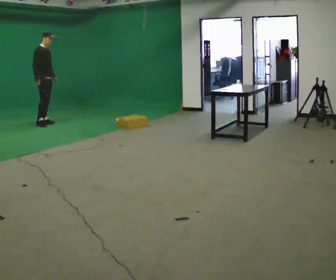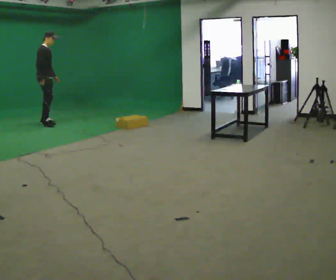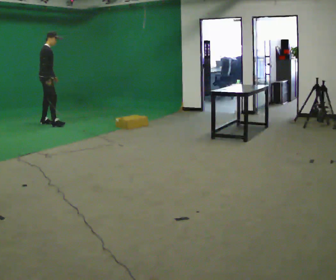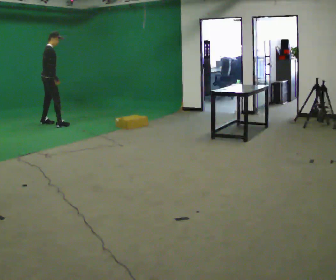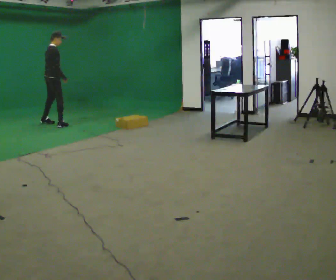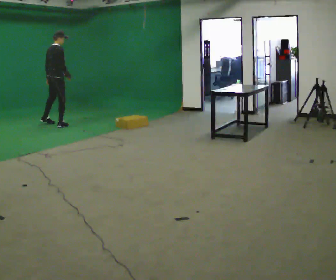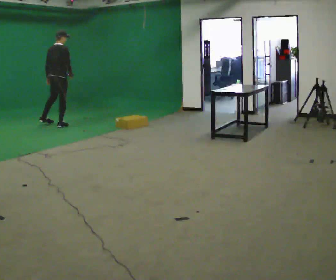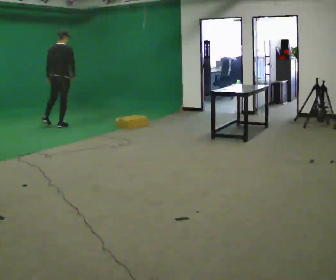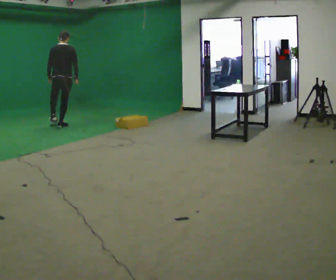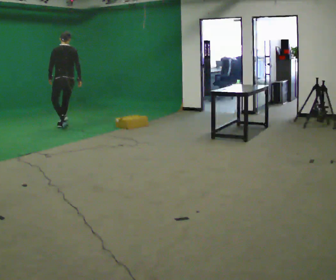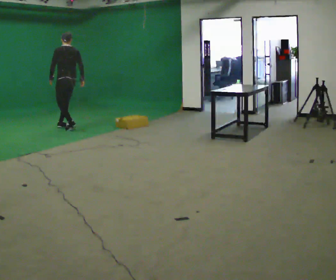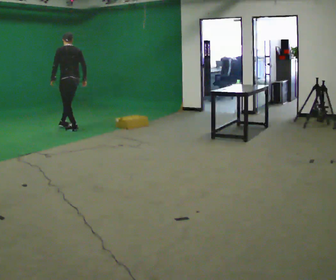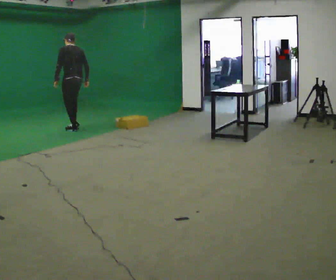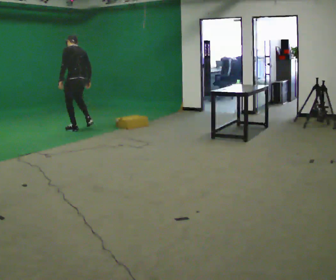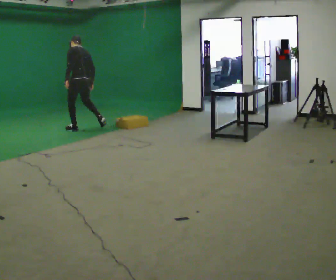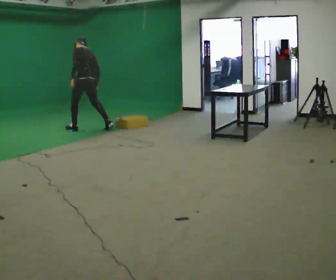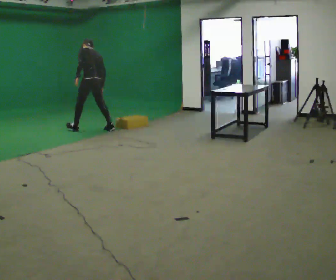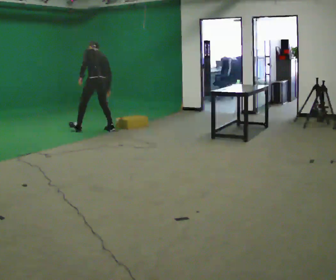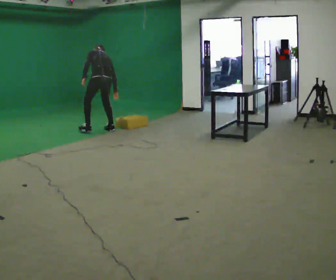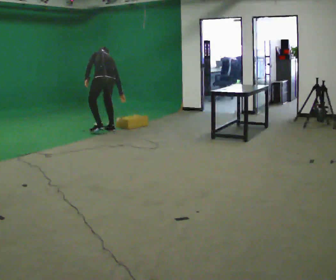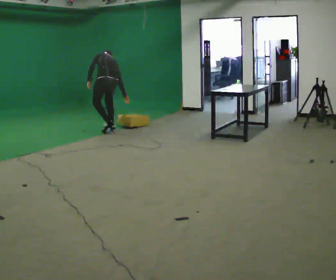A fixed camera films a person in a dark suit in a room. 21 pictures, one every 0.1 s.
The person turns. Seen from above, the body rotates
counterclockwise.
The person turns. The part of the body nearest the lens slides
to the right.
0.0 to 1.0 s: The person turns about 135 degrees to their left, counterclockwise seen from above, so the part of the body nearest the lens slides to the right. In the picture they go to the right and toward the camera, about 0.5 m in 1 step.
1.0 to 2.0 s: In the picture they go to the right and toward the camera, about 1 m in 2 steps, which for them is backward. The shoulders move downward. The upper body tips away from the camera, its near side rolling upward, as they bend forward.
The film runs backward here.
